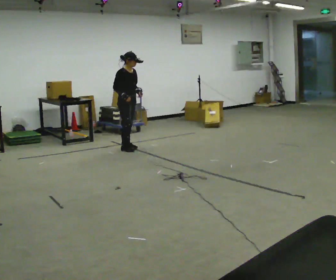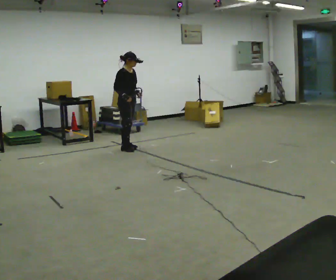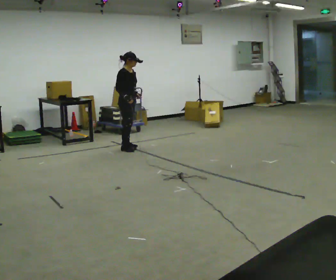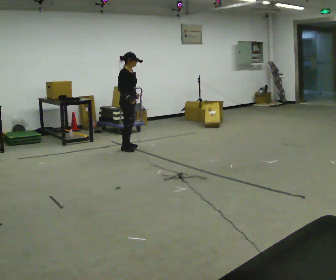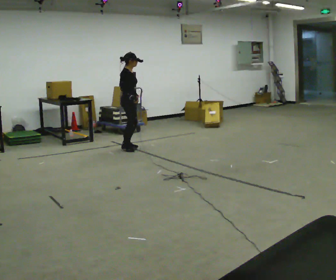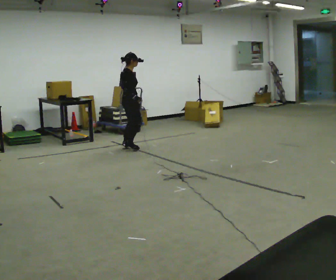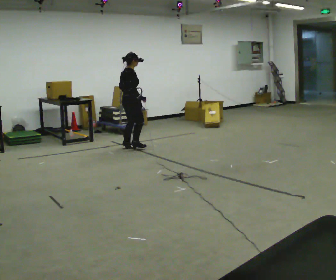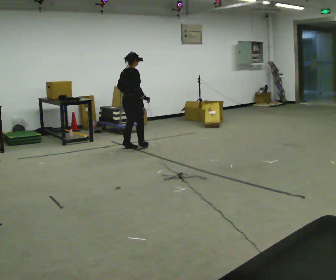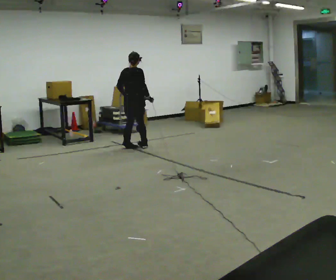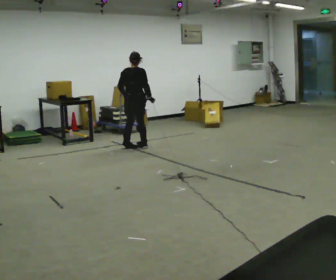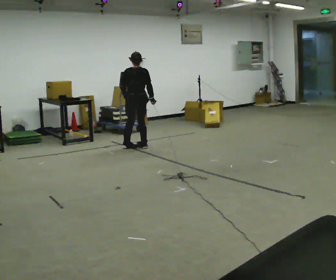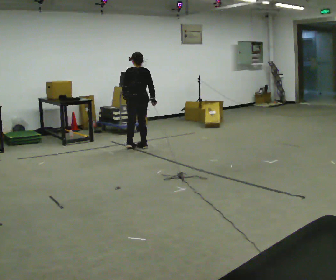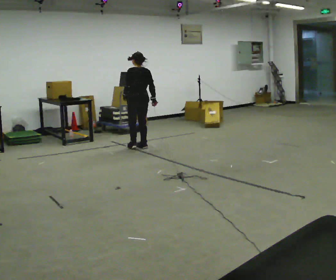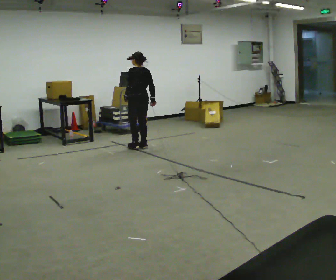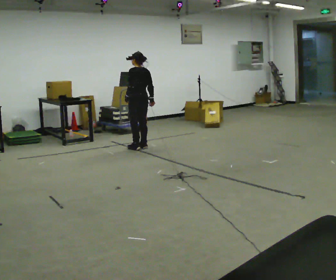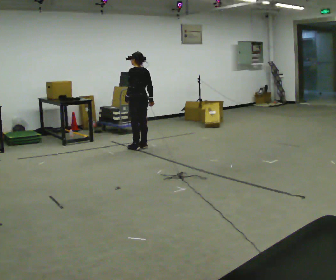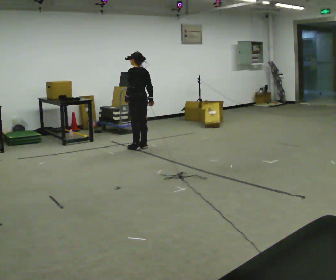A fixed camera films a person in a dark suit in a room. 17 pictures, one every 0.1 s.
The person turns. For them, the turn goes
to their left.
The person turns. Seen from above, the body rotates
counterclockwise.
0.0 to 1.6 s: The part of the body nearest the lens slides to the right as the person turns to their left by about 165 degrees. In the picture they go to the right, about 0.25 m in 2 steps.
The film runs forward here.
